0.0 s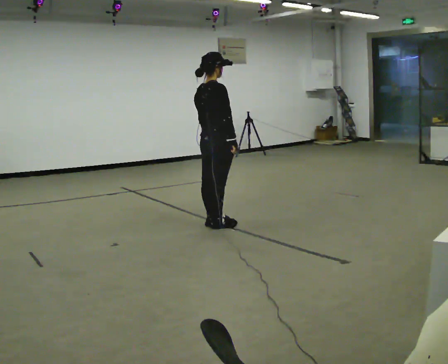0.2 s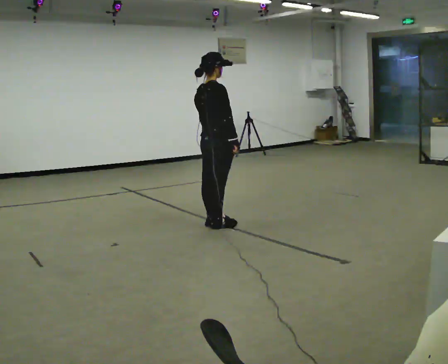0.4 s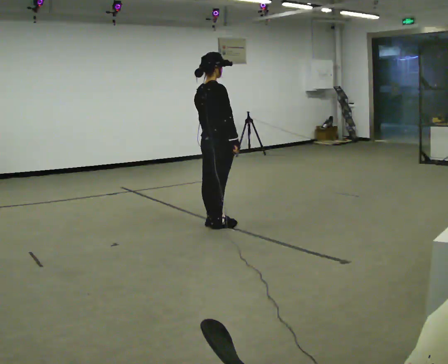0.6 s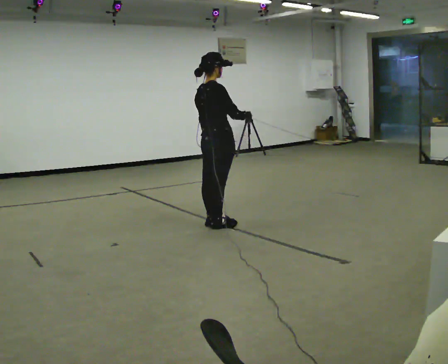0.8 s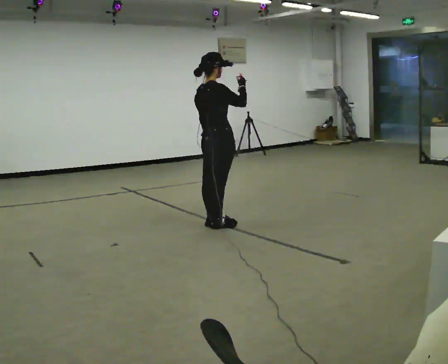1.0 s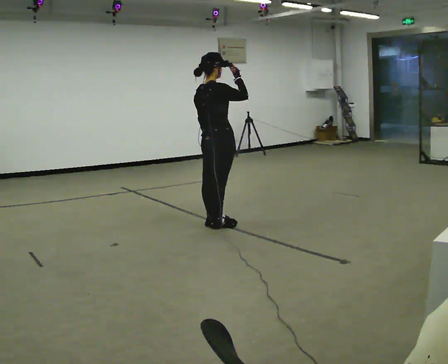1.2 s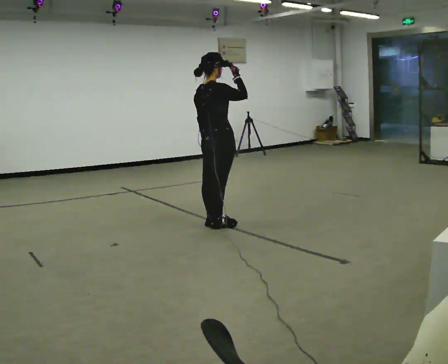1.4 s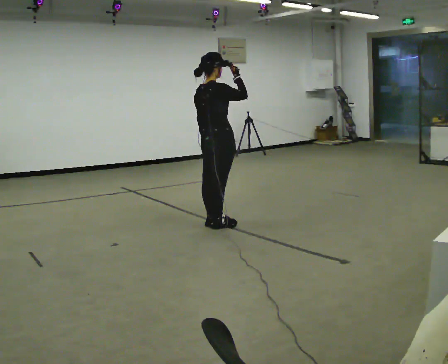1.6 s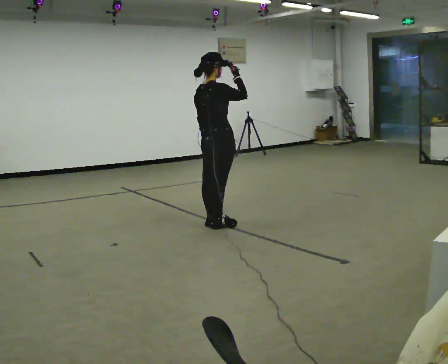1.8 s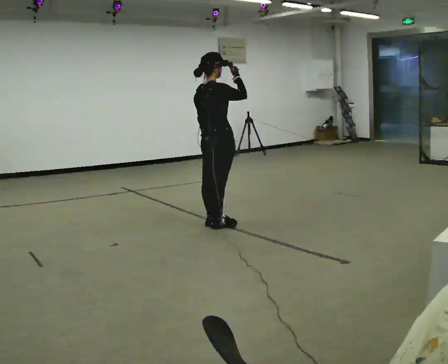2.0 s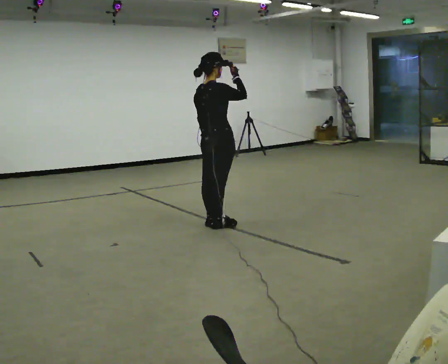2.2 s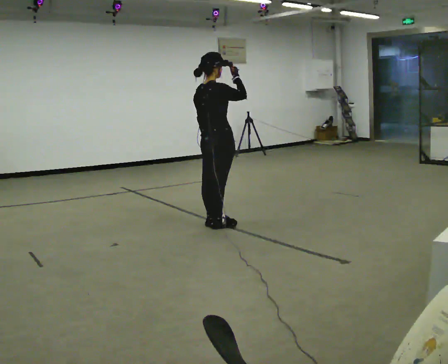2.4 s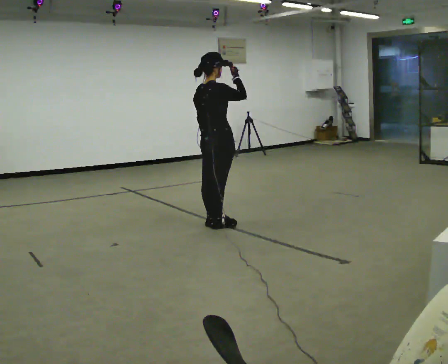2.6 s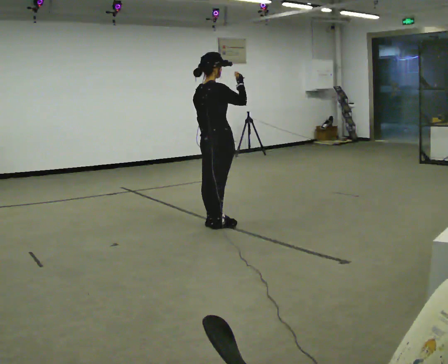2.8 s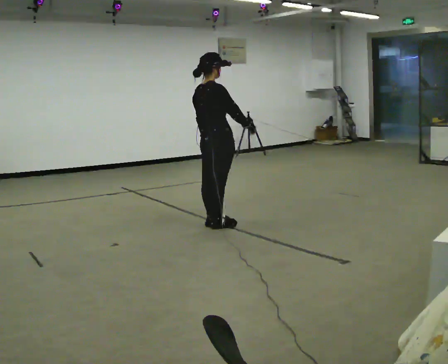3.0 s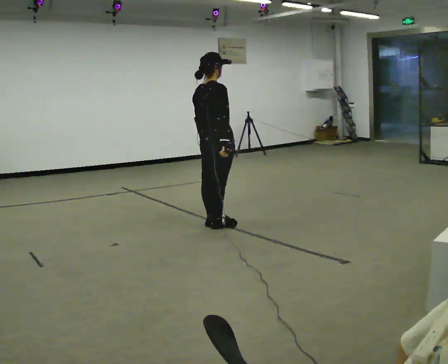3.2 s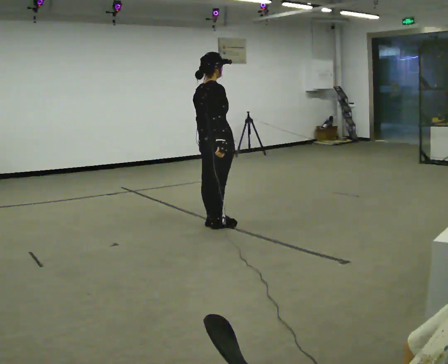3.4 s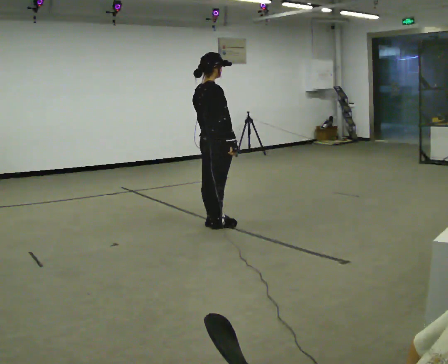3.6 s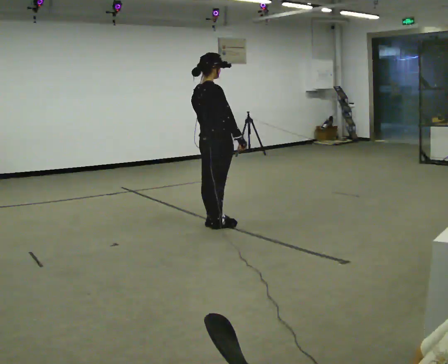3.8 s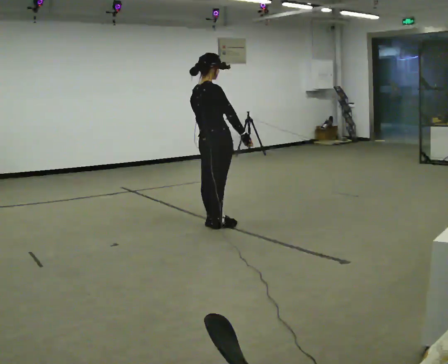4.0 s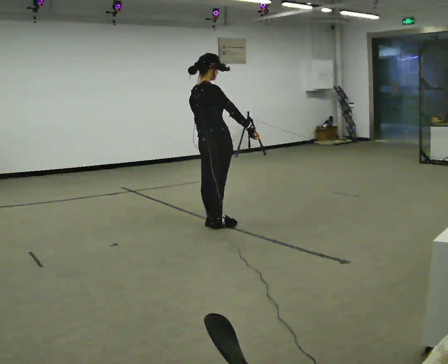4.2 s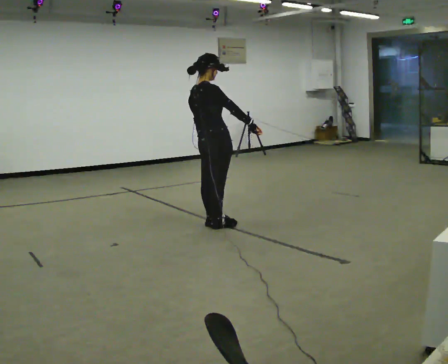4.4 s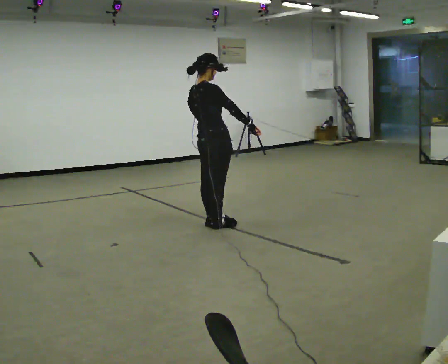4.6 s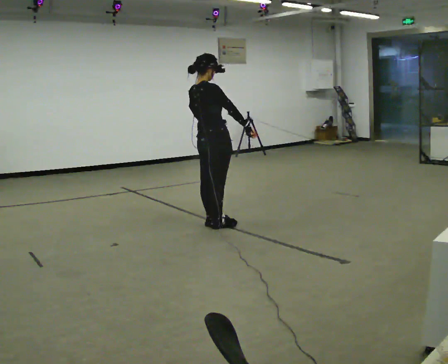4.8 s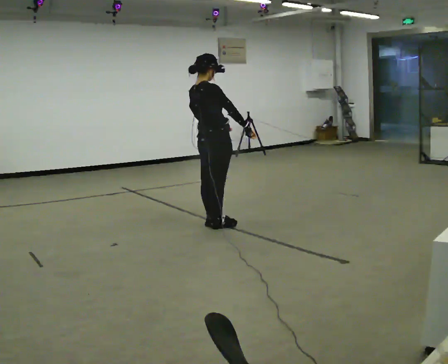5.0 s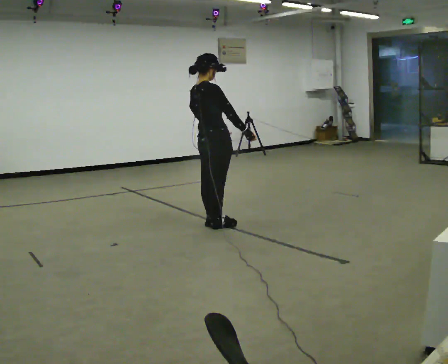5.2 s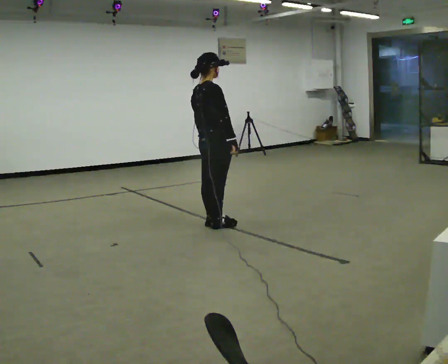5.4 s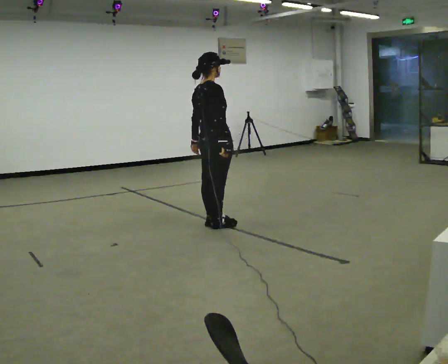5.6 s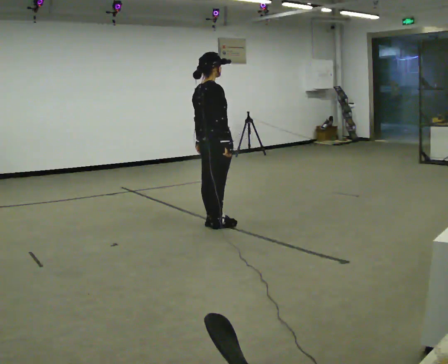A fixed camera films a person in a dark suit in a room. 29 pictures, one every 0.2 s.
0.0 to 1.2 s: In the picture their right hand goes upward.
1.2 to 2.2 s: The person keeps their place and pose.
2.2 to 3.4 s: In the picture their right hand goes downward.
3.4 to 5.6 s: The person moves a little, or ends about where they began.
The film runs forward here.
